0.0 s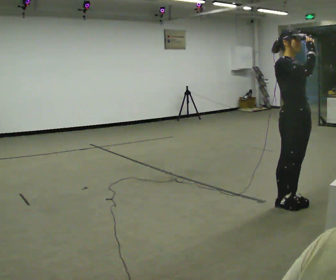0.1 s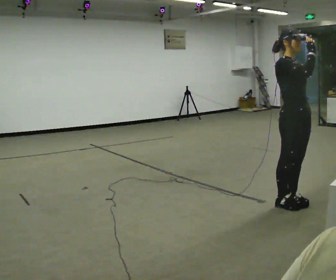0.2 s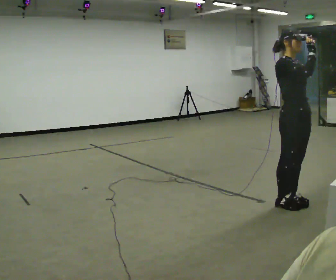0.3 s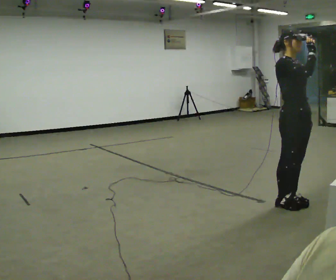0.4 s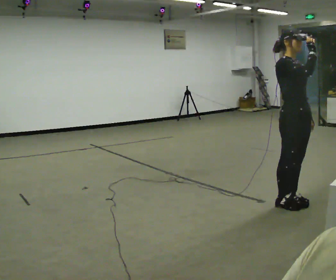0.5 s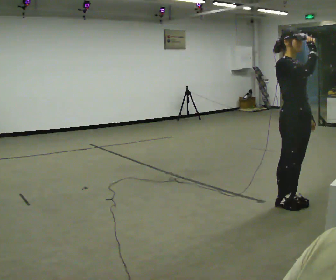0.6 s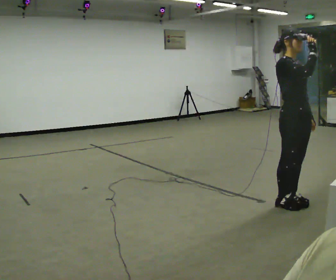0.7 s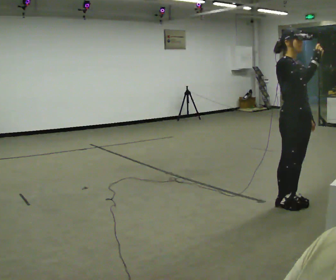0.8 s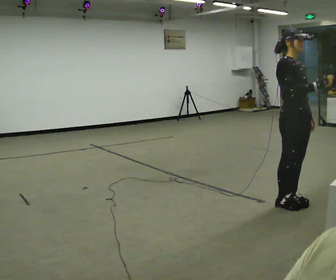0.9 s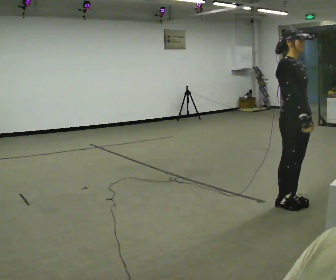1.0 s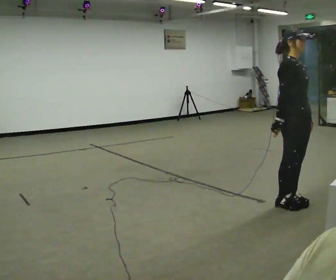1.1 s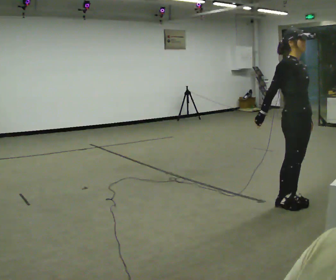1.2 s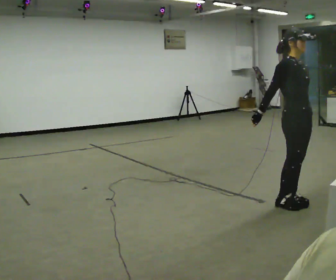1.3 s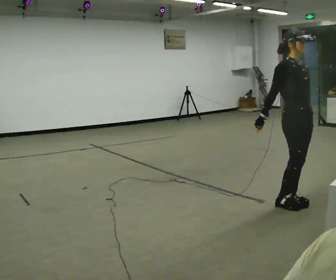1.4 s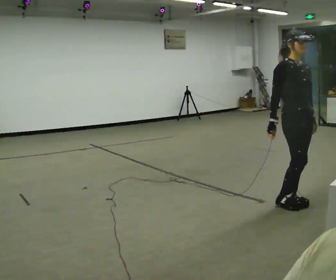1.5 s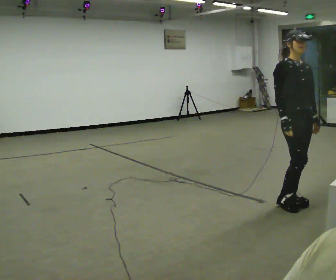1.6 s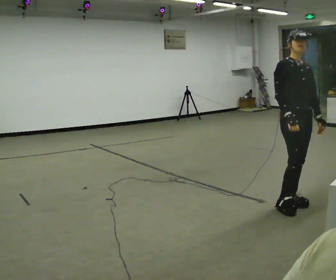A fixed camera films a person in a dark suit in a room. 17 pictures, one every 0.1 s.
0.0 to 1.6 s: In the picture their right hand goes downward.
The film runs forward here.
